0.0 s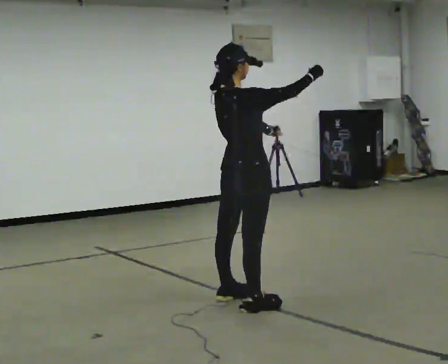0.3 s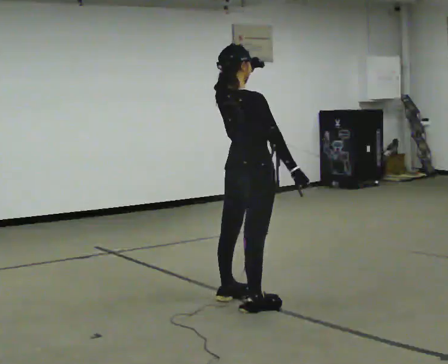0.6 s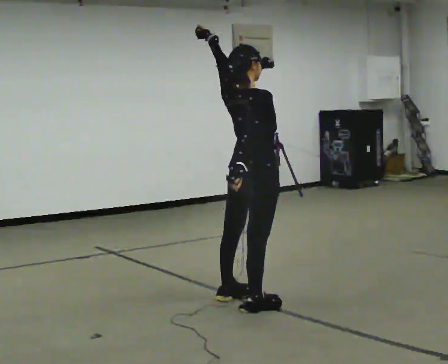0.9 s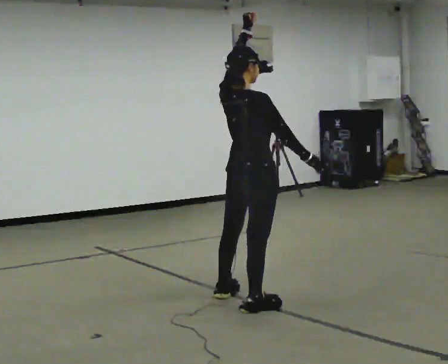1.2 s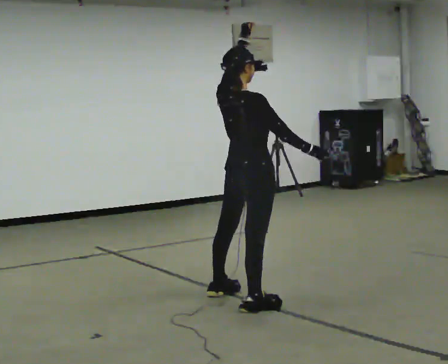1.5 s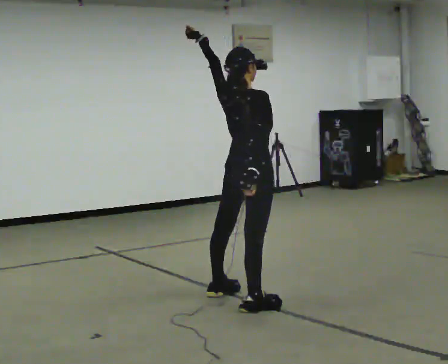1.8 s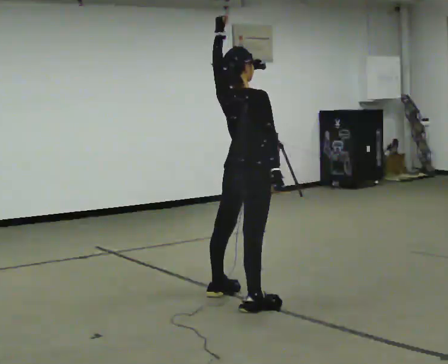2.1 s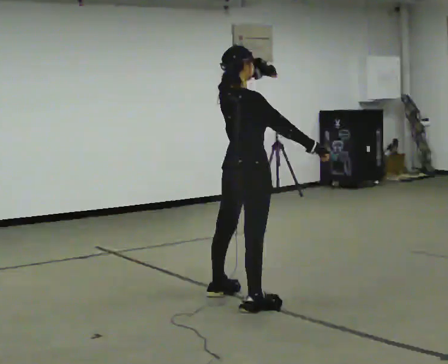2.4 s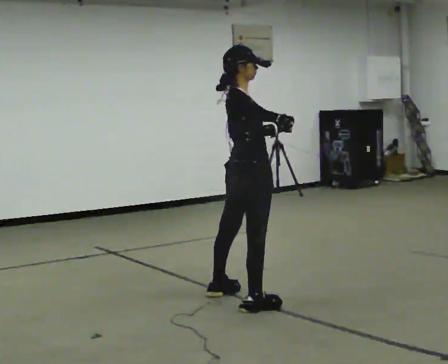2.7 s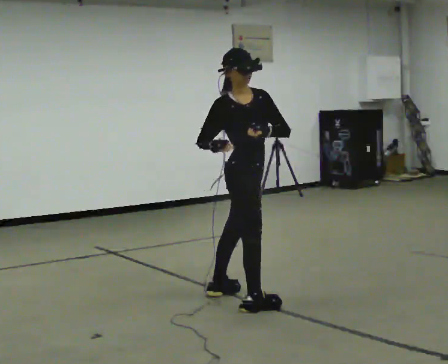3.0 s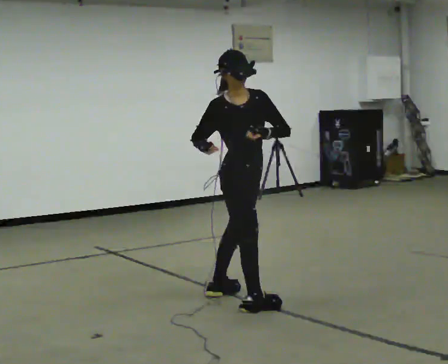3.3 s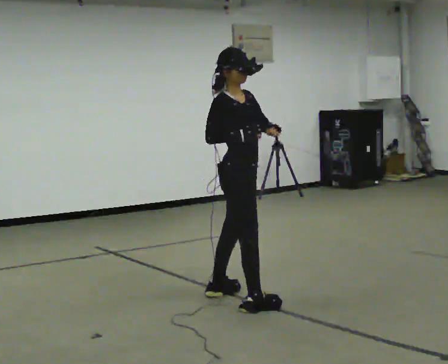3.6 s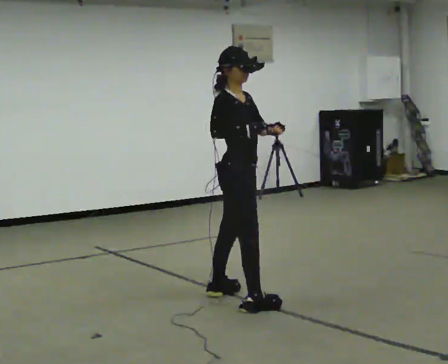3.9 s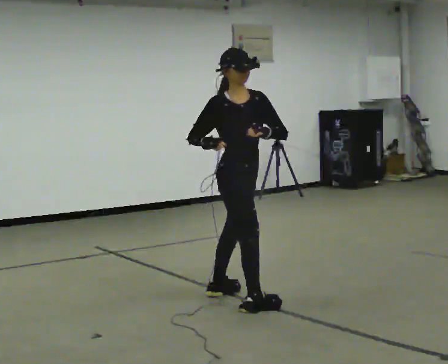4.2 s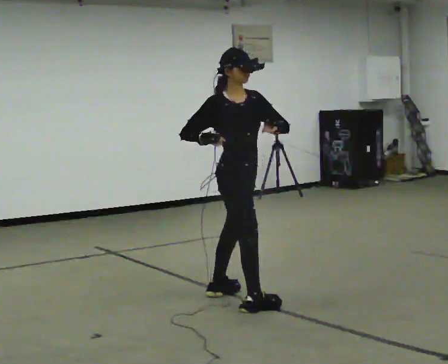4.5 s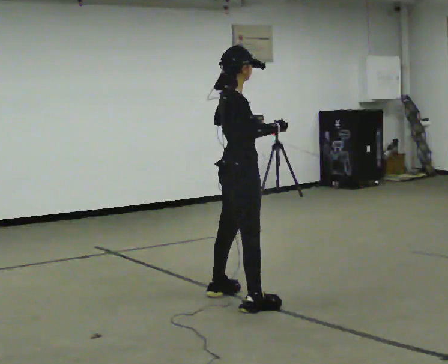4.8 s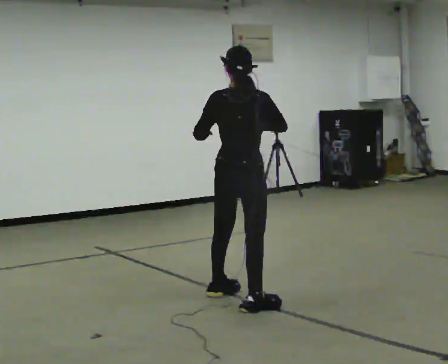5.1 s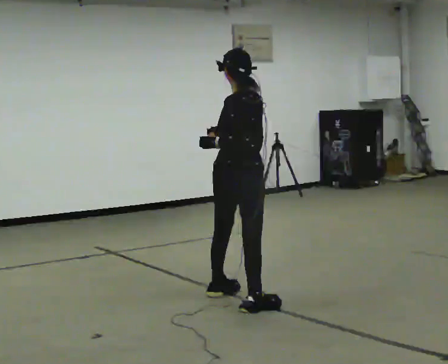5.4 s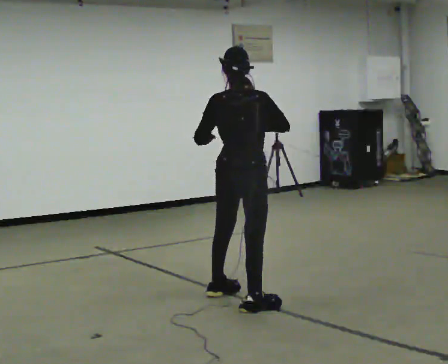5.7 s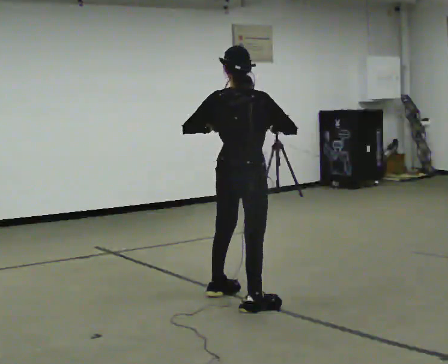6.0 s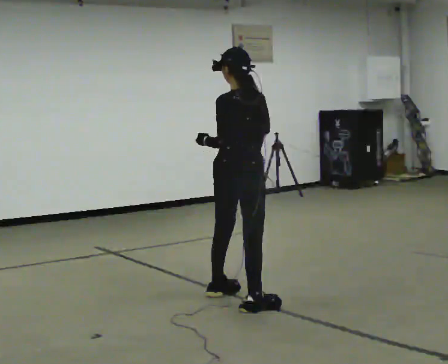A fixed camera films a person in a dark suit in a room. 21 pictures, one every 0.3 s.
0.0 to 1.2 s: In the picture their left hand goes upward.
1.2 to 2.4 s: In the picture their left hand goes downward.
2.4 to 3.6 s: The part of the body nearest the lens slides to the left as the person turns to their right by about 30 degrees.
3.6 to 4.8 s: The part of the body nearest the lens slides to the right as the person turns to their left by about 75 degrees.
4.8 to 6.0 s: The person turns about 30 degrees to their left, counterclockwise seen from above, so the part of the body nearest the lens slides to the right.
The film runs backward here.
